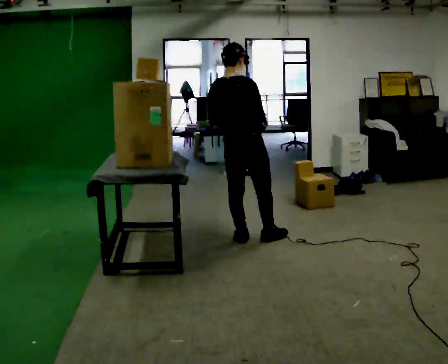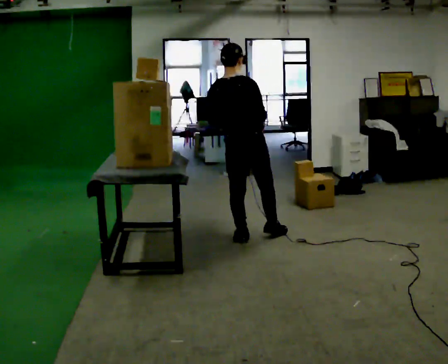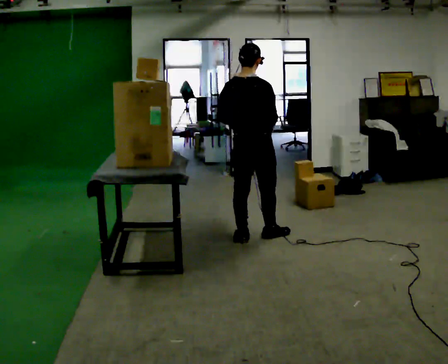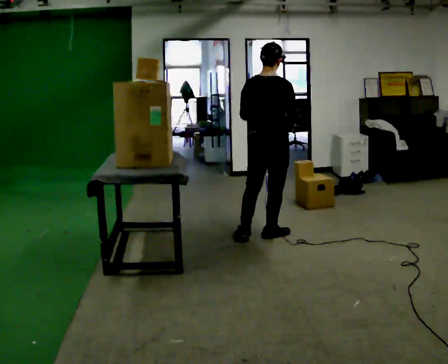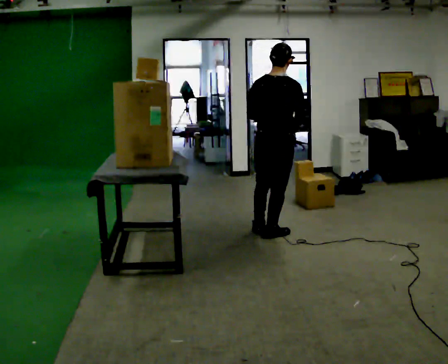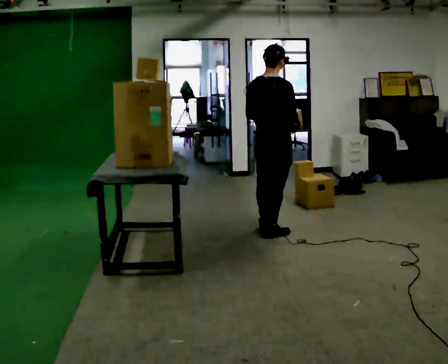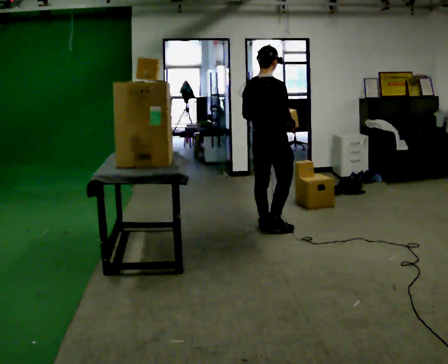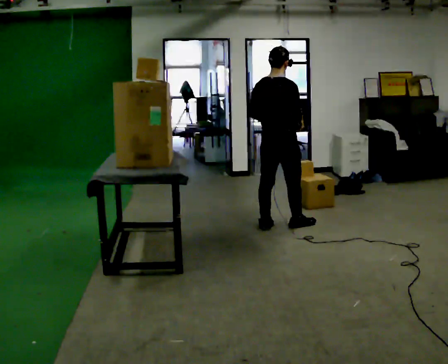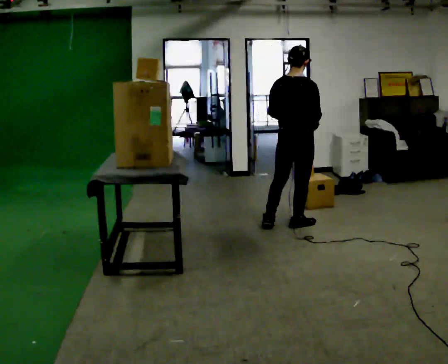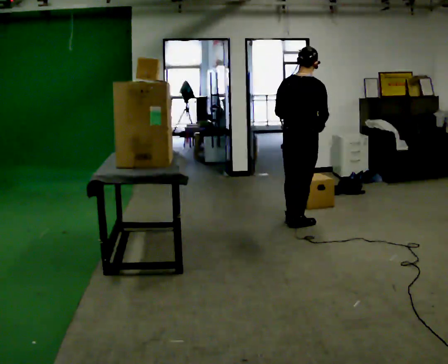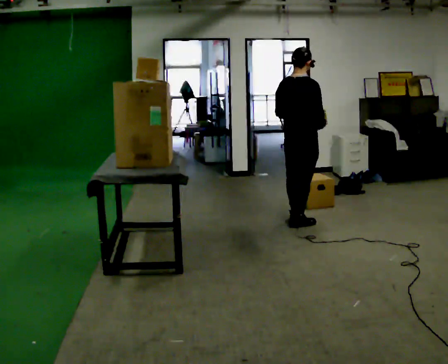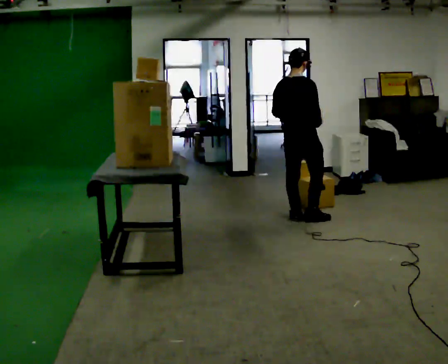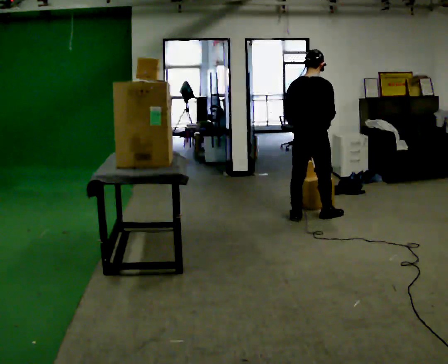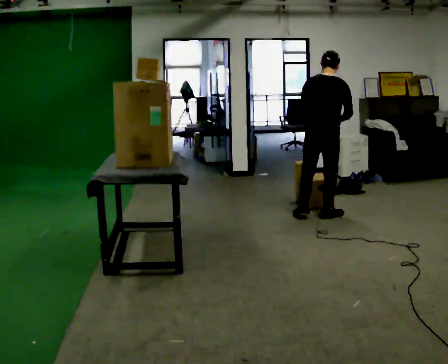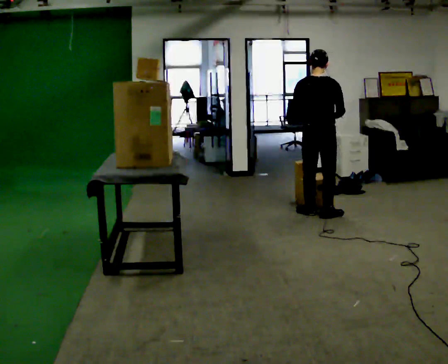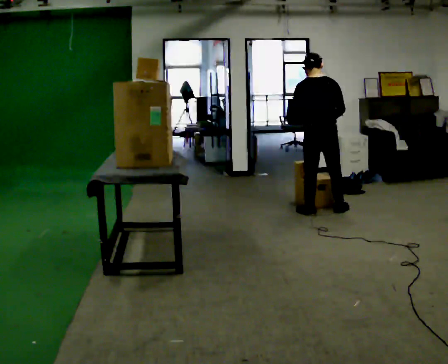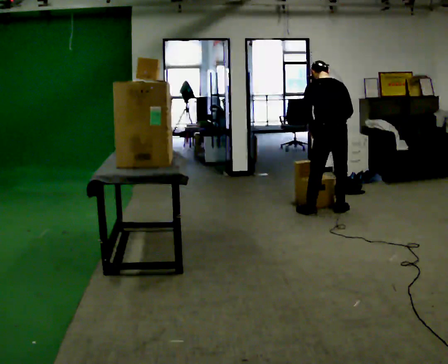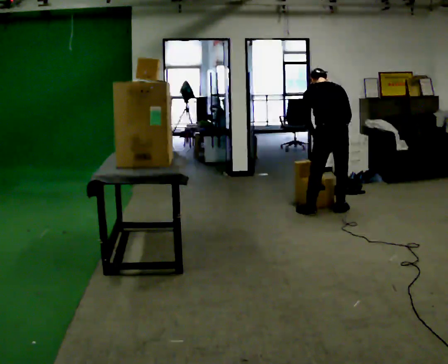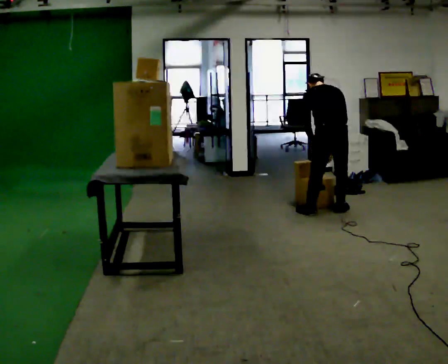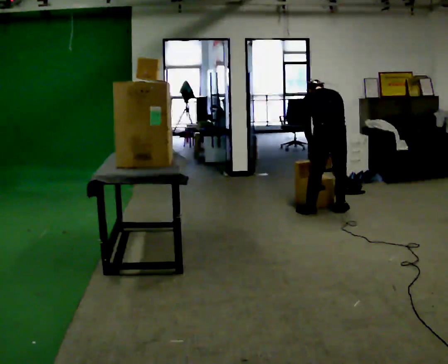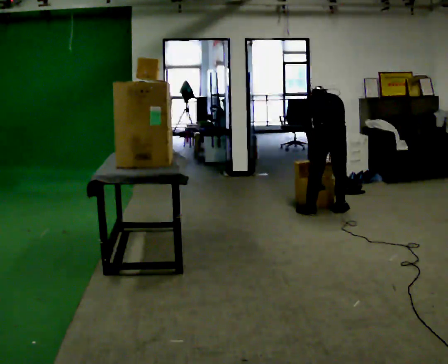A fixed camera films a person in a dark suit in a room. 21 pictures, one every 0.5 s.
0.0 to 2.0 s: In the picture they go to the right and away from the camera, about 0.25 m in 1 step, which for them is to their right and forward.
2.0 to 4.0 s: In the picture they go away from the camera and to the right, about 0.25 m in 2 steps, which for them is forward.
4.0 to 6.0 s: In the picture they go away from the camera and to the right, about 0.25 m in 2 steps, which for them is forward.
6.0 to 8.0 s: The person turns about 30 degrees to their left, counterclockwise seen from above, so the part of the body nearest the lens slides to the right. In the picture they go to the right and away from the camera, about 0.25 m in 2 steps, which for them is to their right and forward.
8.0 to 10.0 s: The upper body goes downward. The upper body tips away from the camera, its near side rolling upward, as they bend forward.
The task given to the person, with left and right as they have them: Take an object from the highest shelf you can comfortably reach, carry it across, and place it on the lowest shelf. Keep going until the operator says stop; one object at a time, and do not rush between trips.
The film runs forward here.
